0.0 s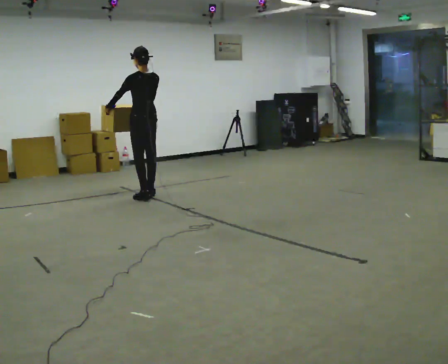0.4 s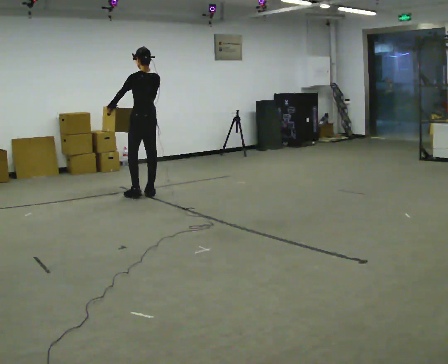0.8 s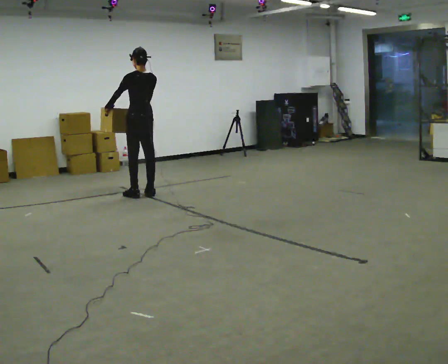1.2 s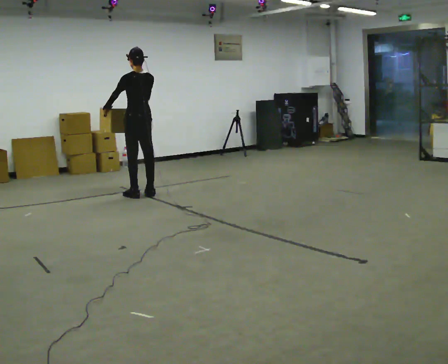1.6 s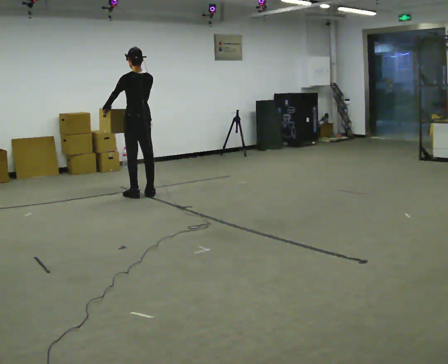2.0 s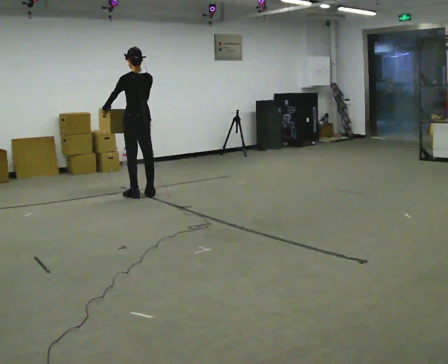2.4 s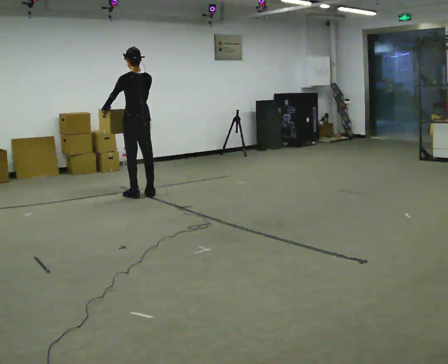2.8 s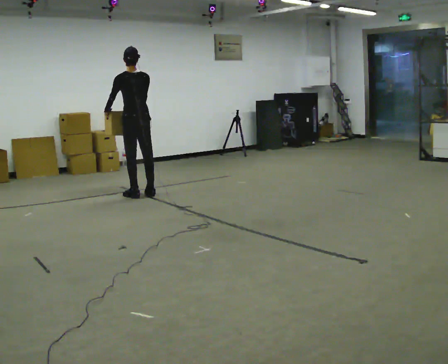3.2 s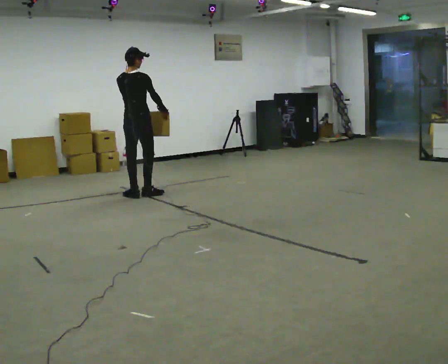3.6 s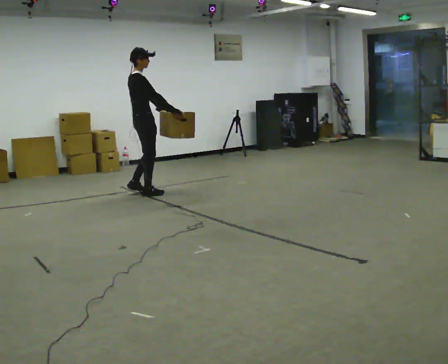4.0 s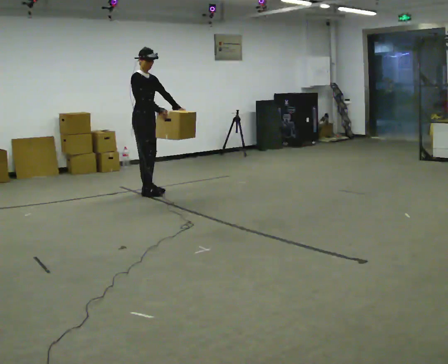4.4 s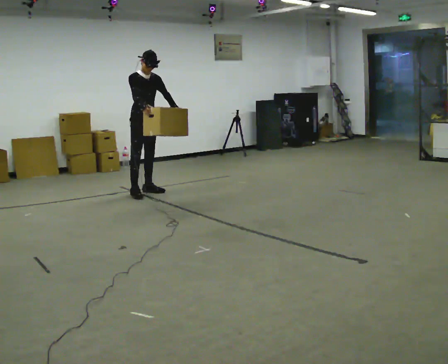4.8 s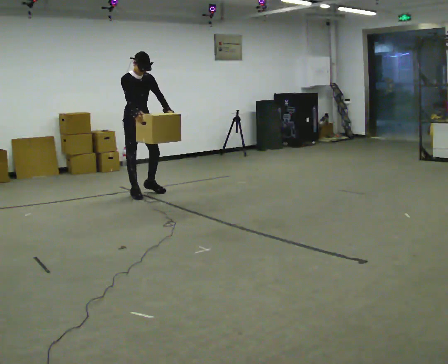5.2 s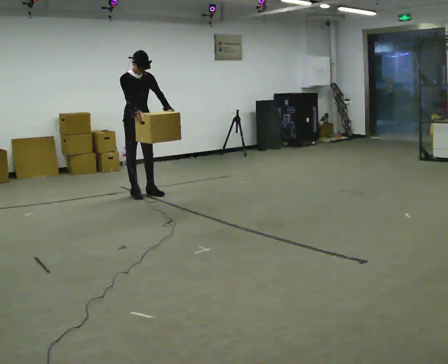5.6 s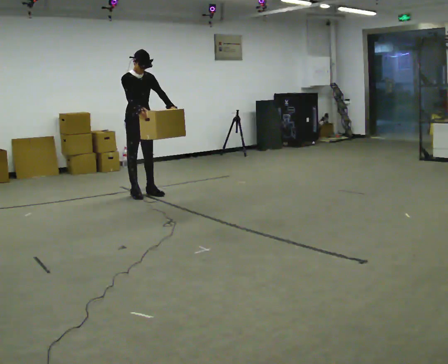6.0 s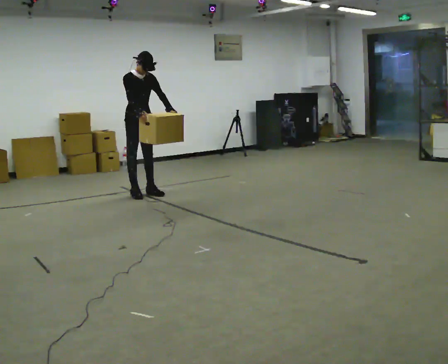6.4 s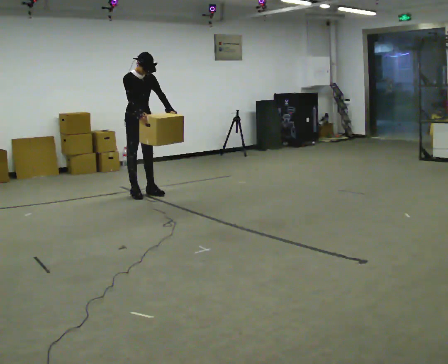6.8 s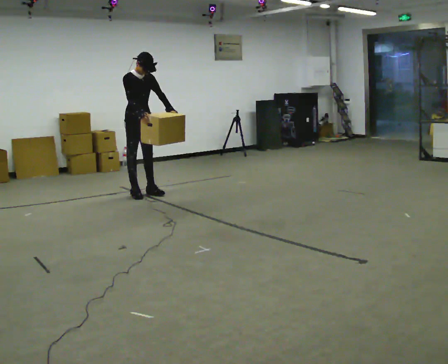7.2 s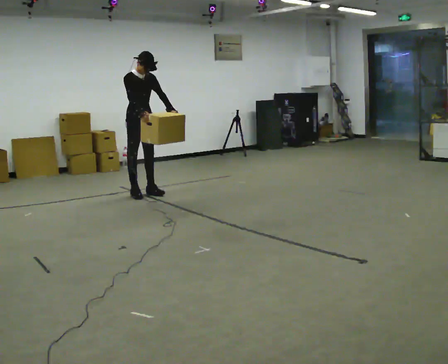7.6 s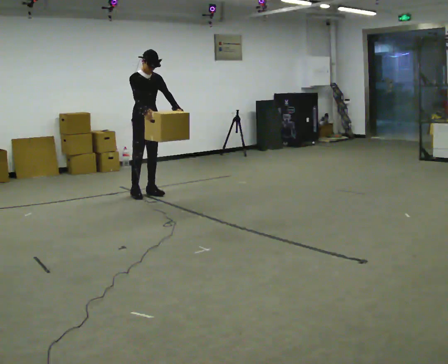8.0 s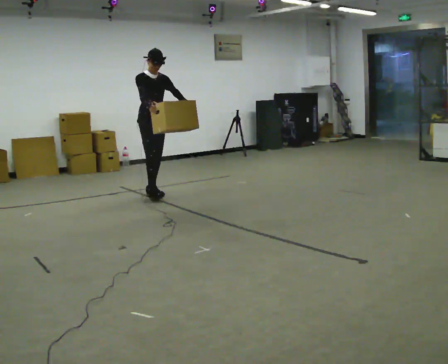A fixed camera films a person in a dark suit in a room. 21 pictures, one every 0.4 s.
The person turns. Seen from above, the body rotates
clockwise.
The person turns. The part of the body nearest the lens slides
to the left.
0.0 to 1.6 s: The person moves a little, or ends about where they began.
1.6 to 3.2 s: Seen from above the body turns clockwise, about 60 degrees: to their right, with its near side sliding to the left. In the picture their right hand goes to the right, the arm swinging counterclockwise.
3.2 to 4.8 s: The part of the body nearest the lens slides to the left as the person turns to their right by about 120 degrees. In the picture their left hand goes to the right, the arm swinging counterclockwise.
4.8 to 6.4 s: The person moves a little, or ends about where they began.
6.4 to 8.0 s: In the picture they go to the right, about 0.25 m, which for them is forward.
The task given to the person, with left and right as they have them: Carry the box across the room as briskly as you comfortably can, back and forth. Do not run.
The film runs forward here.
